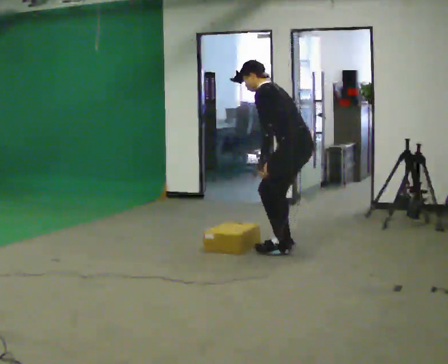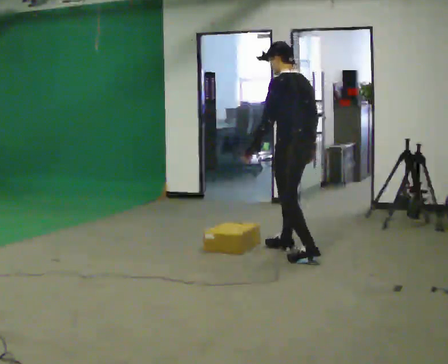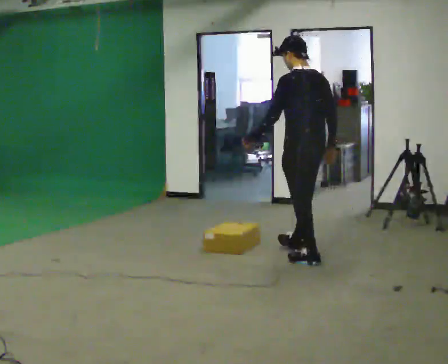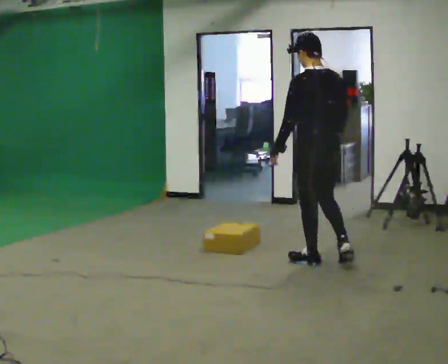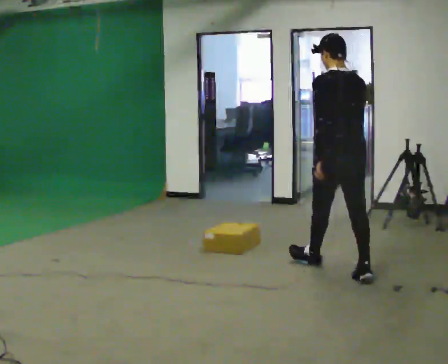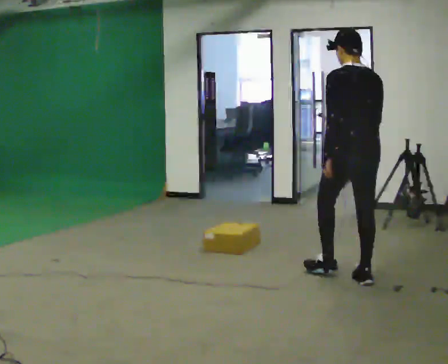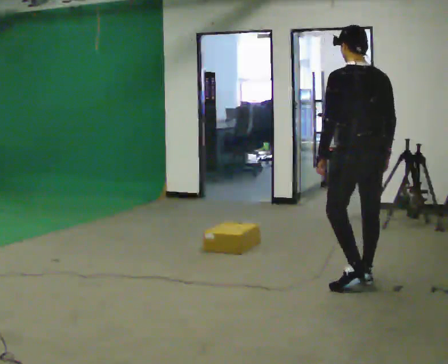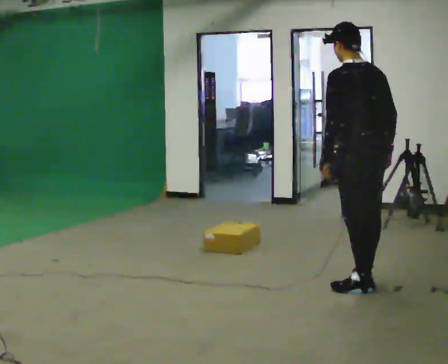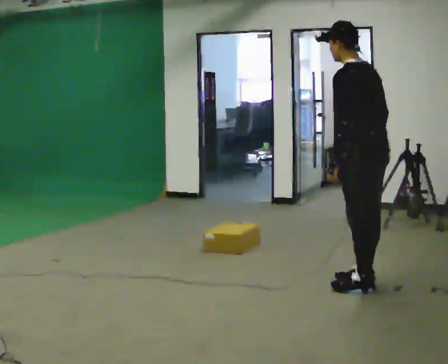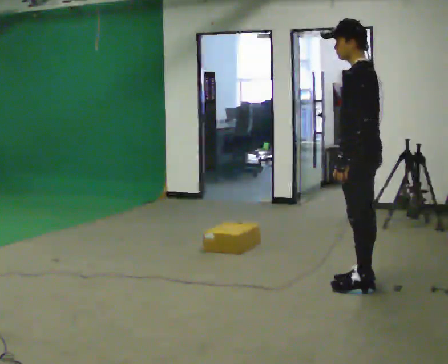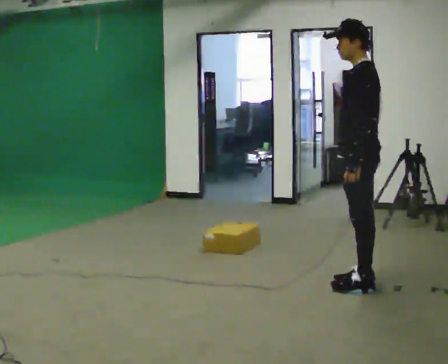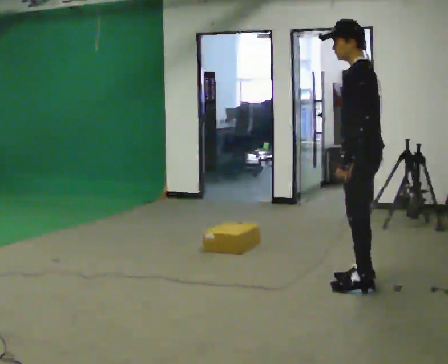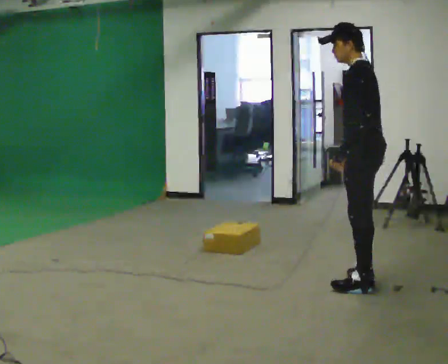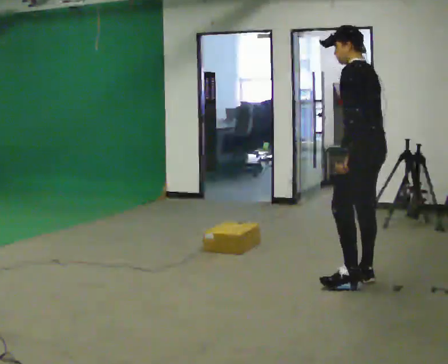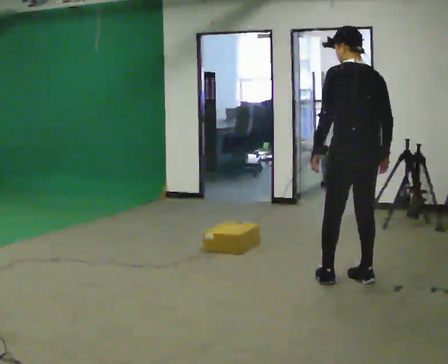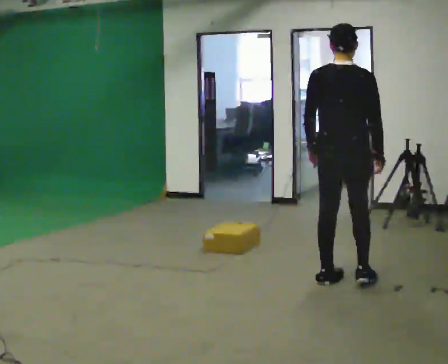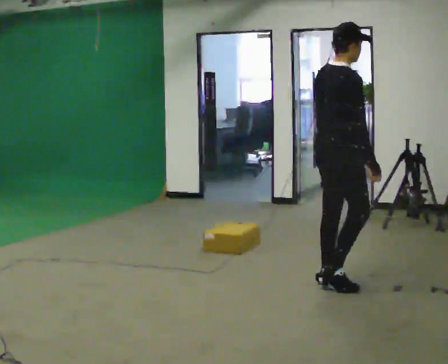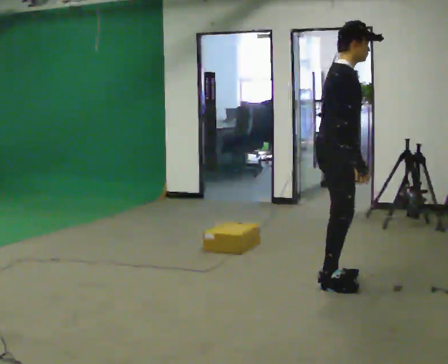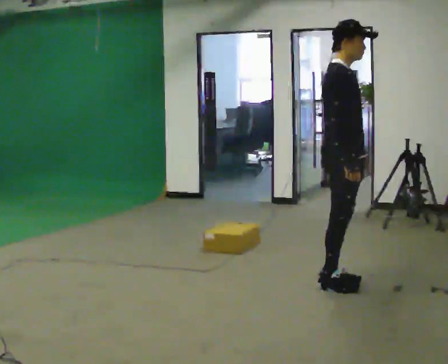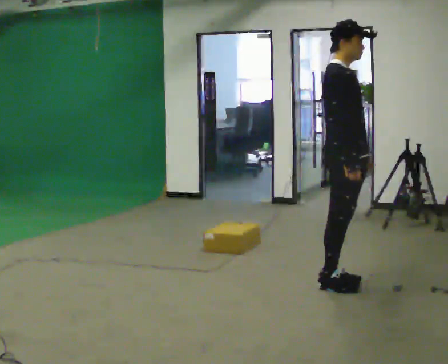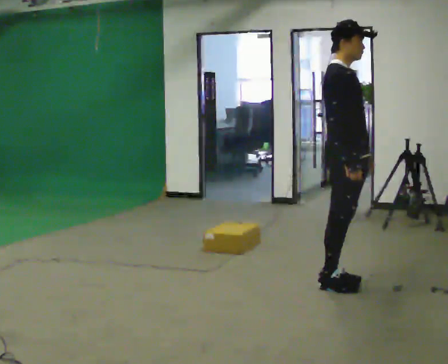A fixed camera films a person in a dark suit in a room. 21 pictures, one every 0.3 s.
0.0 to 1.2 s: Seen from above the body turns clockwise, about 45 degrees: to their right, with its near side sliding to the left. In the picture they go toward the camera and to the right, about 0.75 m in 1 step, which for them is backward. In the picture the upper body tilts clockwise, shoulders to the right, as they lean back or straighten.
1.2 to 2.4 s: The person turns about 30 degrees to their left, counterclockwise seen from above, so the part of the body nearest the lens slides to the right. In the picture they go toward the camera and to the right, about 0.5 m in 1 step, which for them is backward.
2.4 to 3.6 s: Seen from above the body turns counterclockwise, about 30 degrees: to their left, with its near side sliding to the right.
3.6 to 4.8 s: The part of the body nearest the lens slides to the left as the person turns to their right by about 135 degrees. In the picture they go to the left, about 0.25 m in 2 steps.
4.8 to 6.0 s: Seen from above the body turns clockwise, about 45 degrees: to their right, with its near side sliding to the left.
The film runs backward here.
